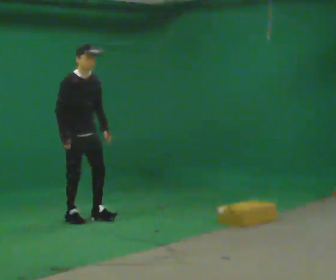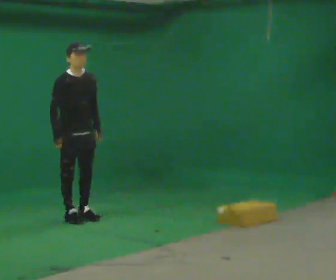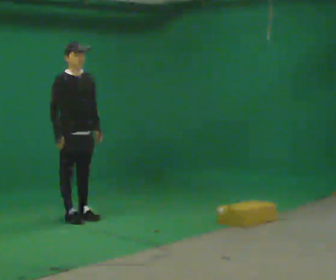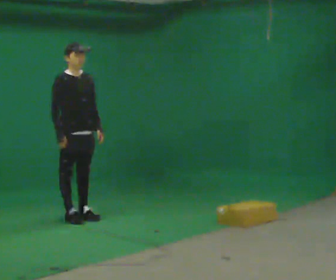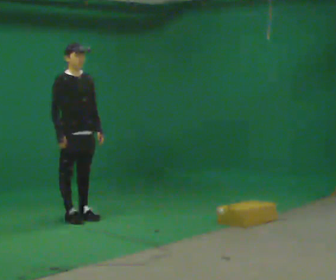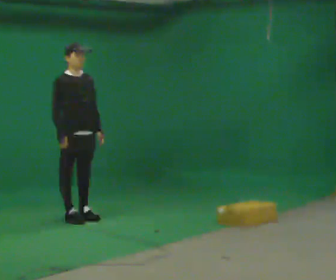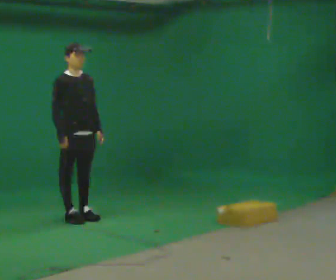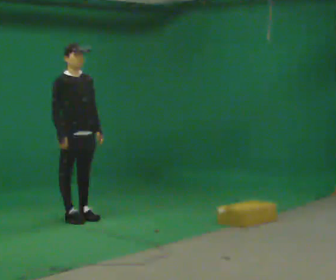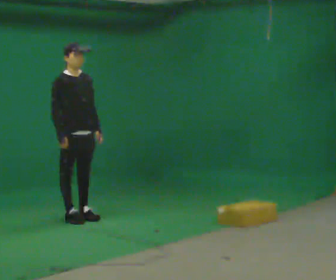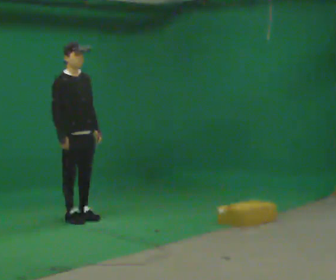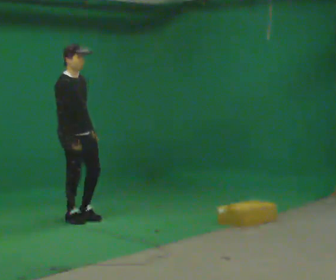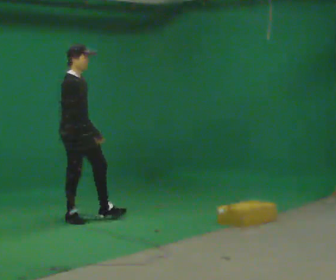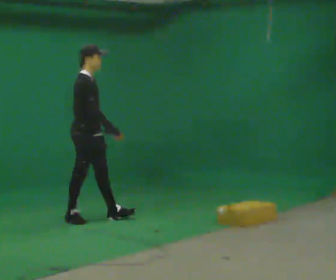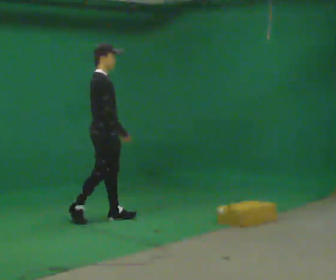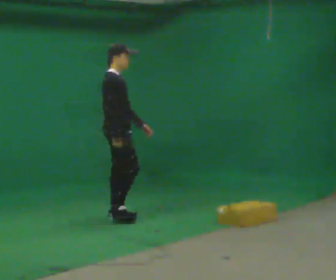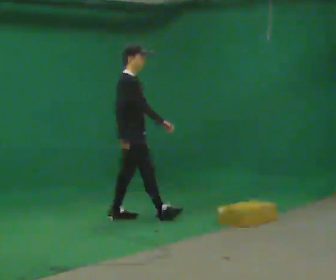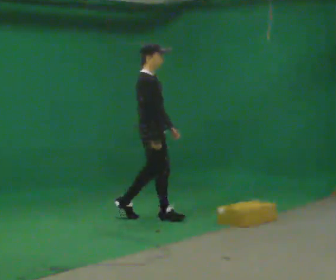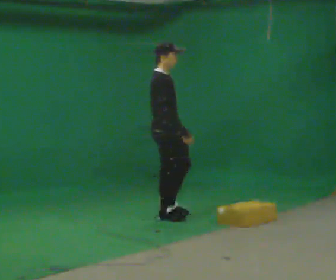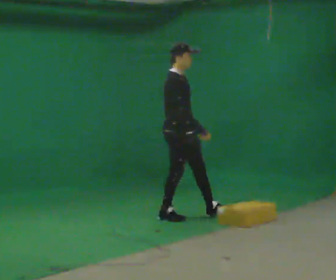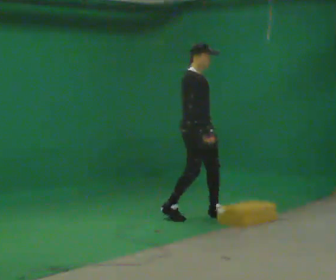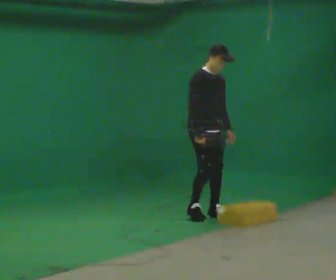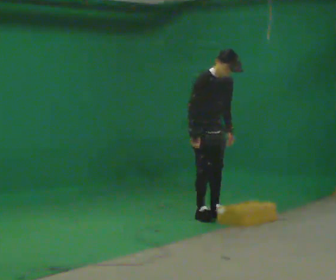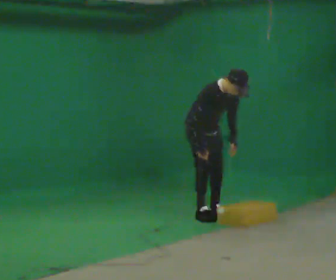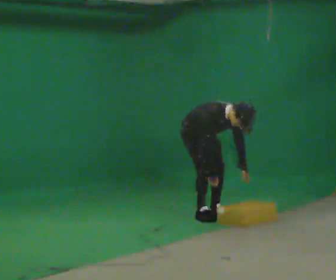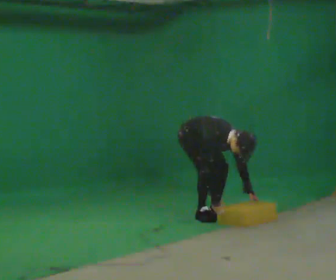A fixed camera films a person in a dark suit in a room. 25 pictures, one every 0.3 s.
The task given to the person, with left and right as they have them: Walk forward noticeably slower than normal; do not shuffle; stop.
0.0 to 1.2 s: The person moves a little, or ends about where they began.
1.2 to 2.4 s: The person keeps their place and pose.
2.4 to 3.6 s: The part of the body nearest the lens slides to the right as the person turns to their left by about 45 degrees. In the picture their right hand goes to the right.
3.6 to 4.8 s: In the picture they go to the right, about 0.75 m in 1 step, which for them is forward.
4.8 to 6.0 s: The part of the body nearest the lens slides to the left as the person turns to their right by about 45 degrees. In the picture they go to the right, about 0.5 m in 1 step, which for them is forward.
6.0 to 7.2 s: The upper body goes downward. The upper body tips toward the camera, its near side rolling downward, as they bend forward. In the picture their left hand goes downward.
The film runs forward here.
